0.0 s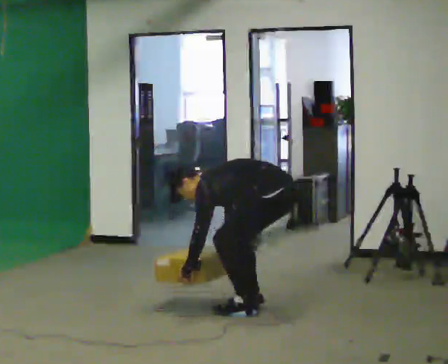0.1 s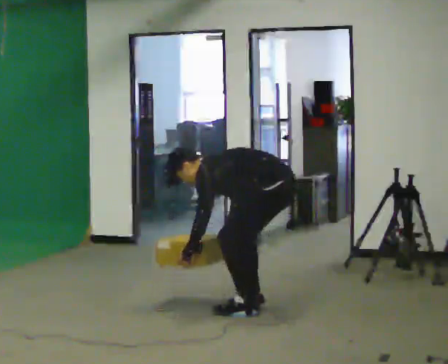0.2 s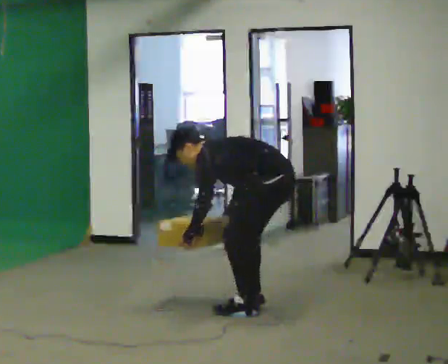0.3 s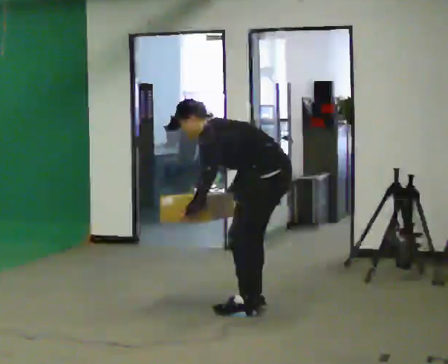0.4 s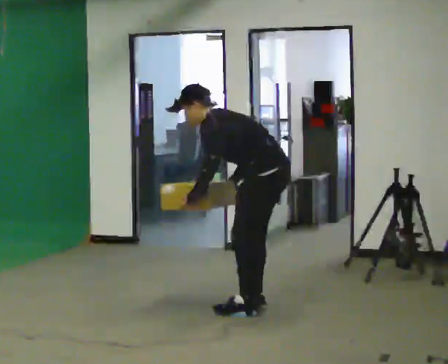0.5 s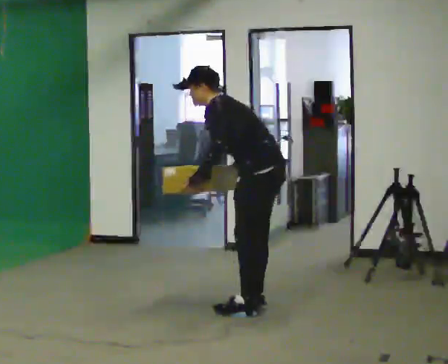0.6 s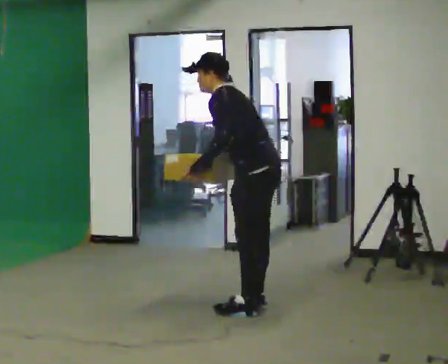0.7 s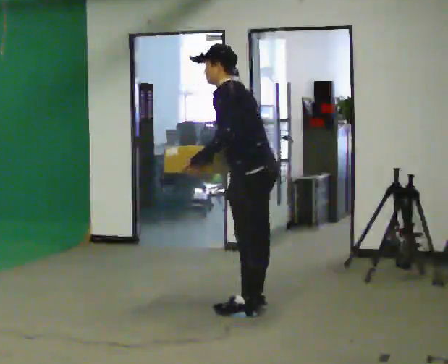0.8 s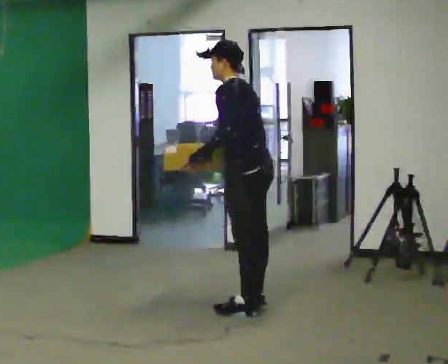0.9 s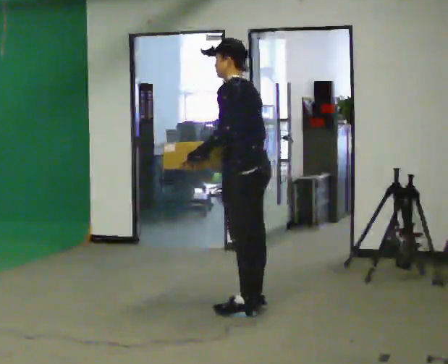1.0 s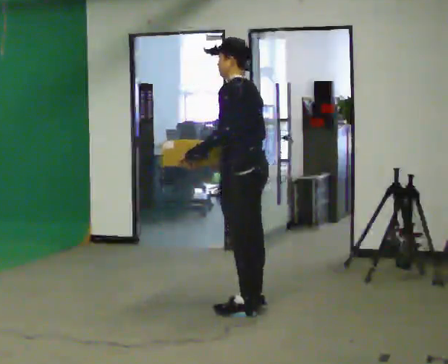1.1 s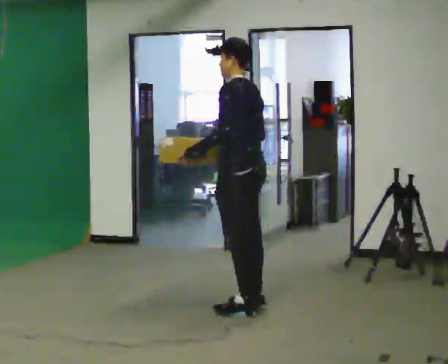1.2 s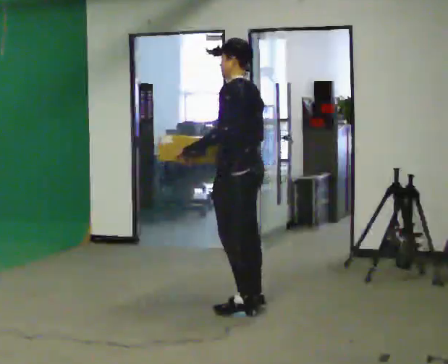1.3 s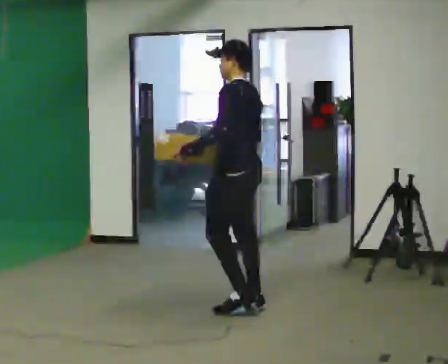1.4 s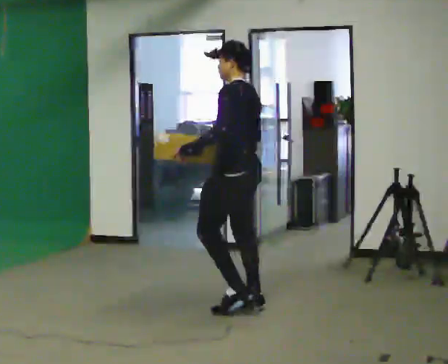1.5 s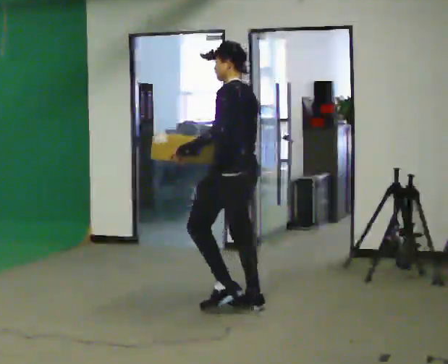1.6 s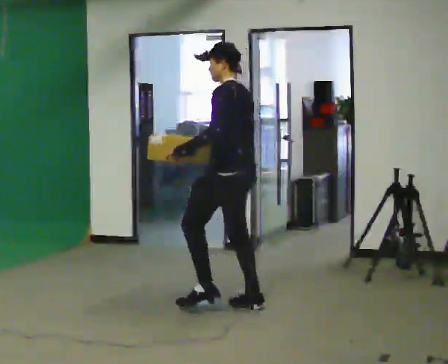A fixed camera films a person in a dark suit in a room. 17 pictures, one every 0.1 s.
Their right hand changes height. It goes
upward.
The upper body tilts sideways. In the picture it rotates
clockwise.
0.0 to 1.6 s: In the picture they go to the left, about 0.25 m in 1 step, which for them is forward. The shoulders move upward. In the picture the upper body tilts clockwise, shoulders to the right, as they lean back or straighten. In the picture their left hand goes upward.
The film runs forward here.
